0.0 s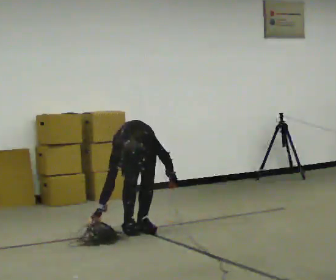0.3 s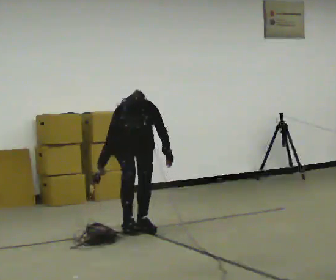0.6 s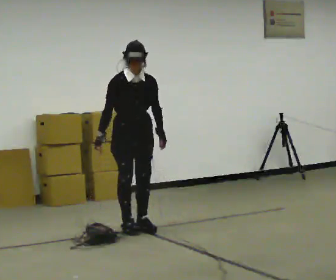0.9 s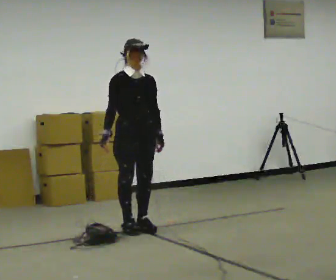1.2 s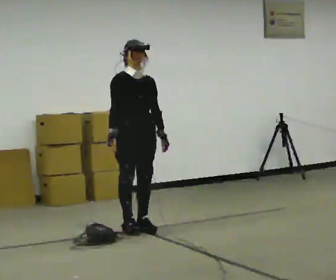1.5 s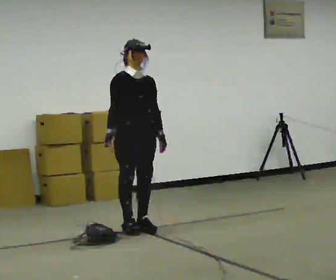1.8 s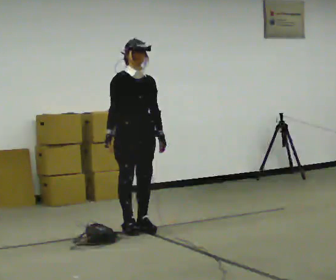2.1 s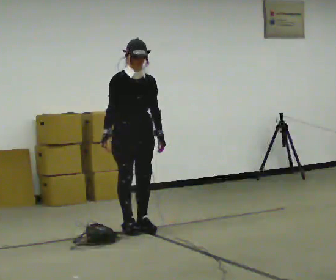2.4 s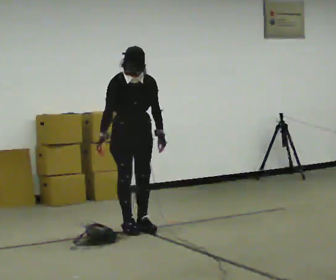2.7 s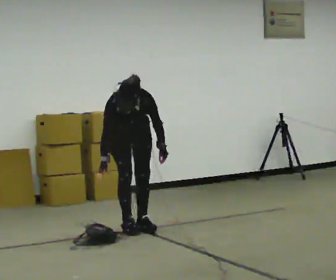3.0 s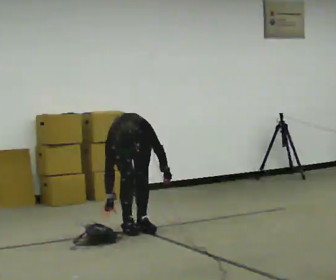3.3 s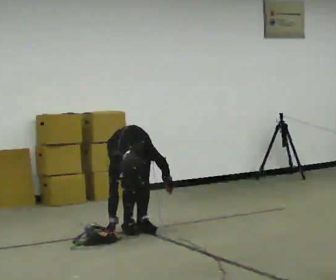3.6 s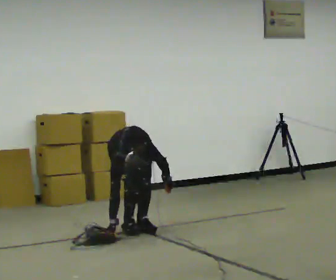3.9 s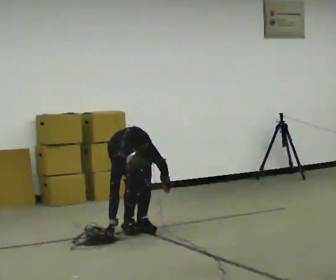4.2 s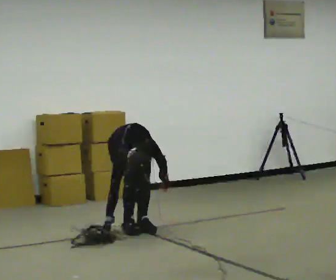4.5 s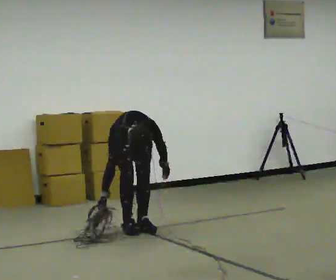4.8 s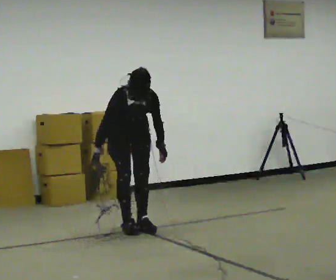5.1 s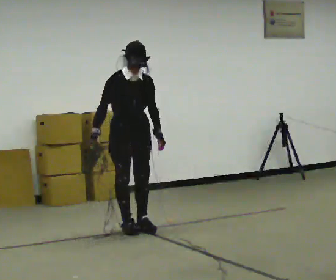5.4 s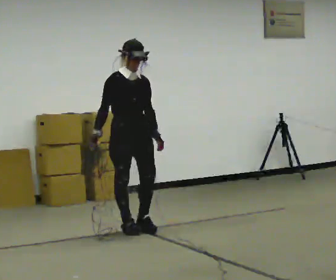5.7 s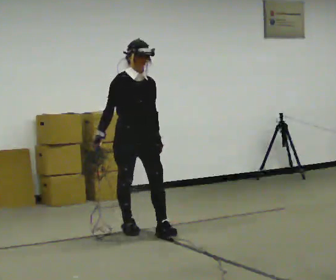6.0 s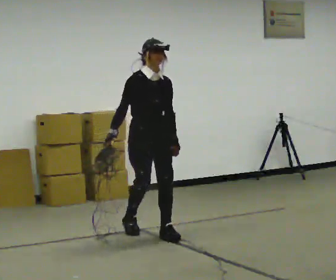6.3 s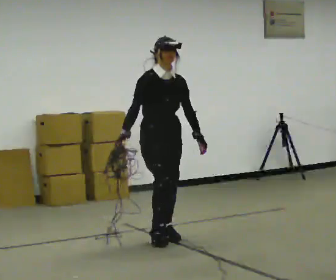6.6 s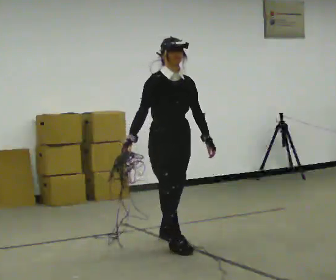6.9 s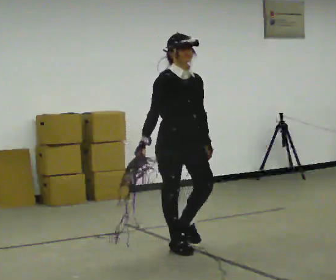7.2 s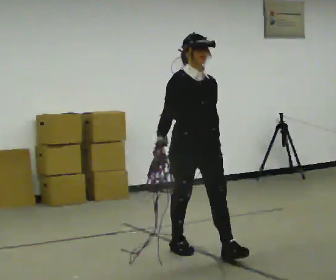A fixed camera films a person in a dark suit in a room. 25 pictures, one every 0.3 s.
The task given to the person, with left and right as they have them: Pick up the coiled hose, carry it across the room, and set it down. It will move around as you walk. Keep going until the operator says stop; one object at a time, and do not rush between trips.
0.0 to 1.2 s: In the picture they go toward the camera, about 0.25 m, which for them is forward. The shoulders move upward. The upper body tips away from the camera, its near side rolling upward, as they lean back or straighten. In the picture their left hand goes upward.
1.2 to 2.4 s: The upper body tips toward the camera, its near side rolling downward, as they bend forward.
2.4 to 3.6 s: The shoulders move downward. The upper body tips toward the camera, its near side rolling downward, as they bend forward. In the picture their left hand goes downward.
3.6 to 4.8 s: The upper body goes upward. The upper body tips away from the camera, its near side rolling upward, as they lean back or straighten. In the picture their left hand goes upward.
4.8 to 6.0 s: In the picture they go toward the camera and to the right, about 0.25 m in 1 step, which for them is forward. The upper body tips away from the camera, its near side rolling upward, as they lean back or straighten.
6.0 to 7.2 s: In the picture they go toward the camera and to the right, about 1 m in 2 steps, which for them is forward.
The film runs forward here.
